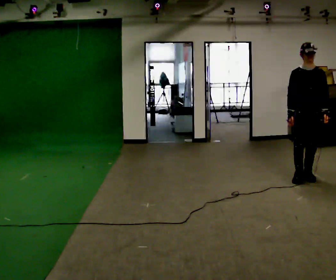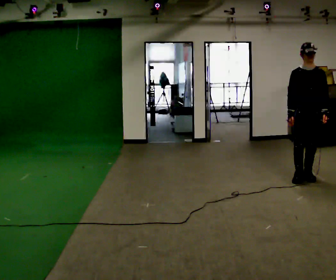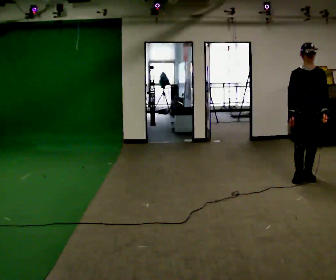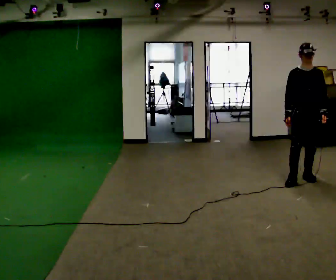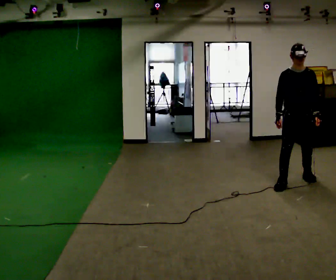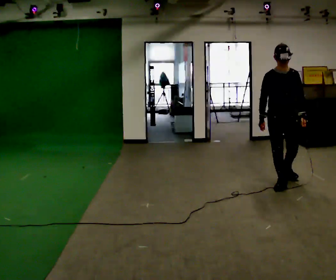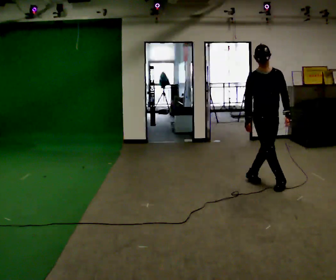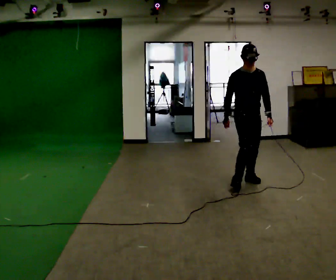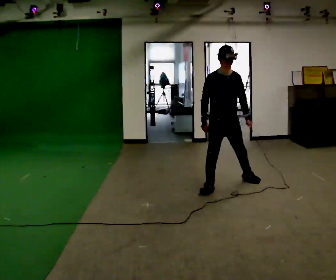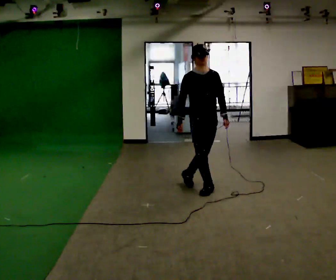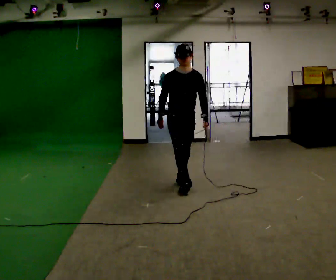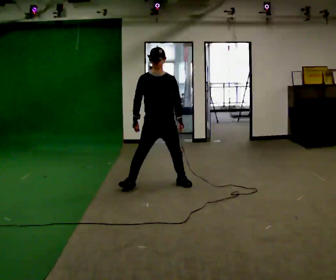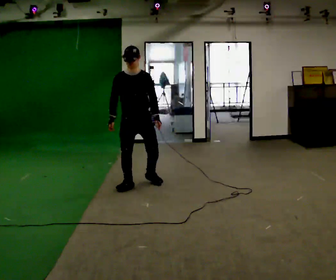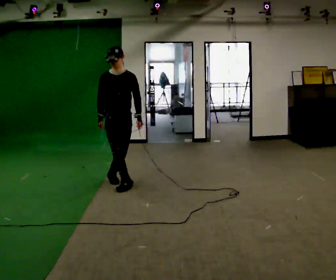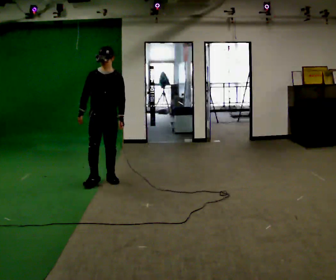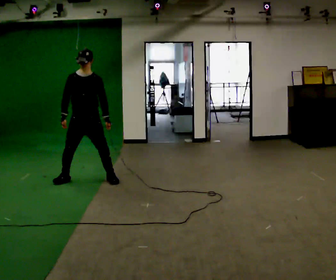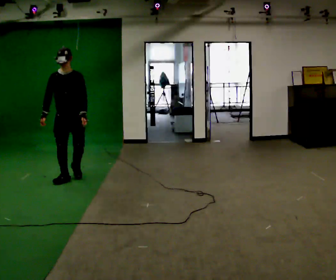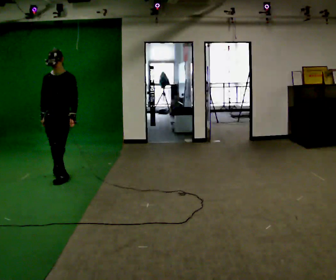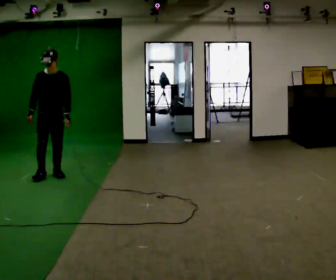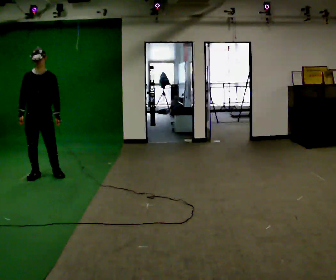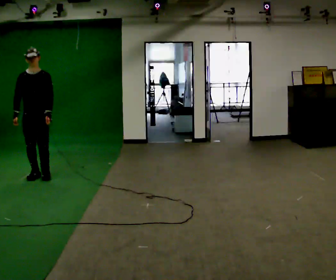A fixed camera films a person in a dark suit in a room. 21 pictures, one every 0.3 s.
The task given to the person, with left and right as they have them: Move sideways in the direction the operator calls, crossing one foot in front and then behind, alternating.
0.0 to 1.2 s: The person moves a little, or ends about where they began.
1.2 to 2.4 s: Seen from above the body turns counterclockwise, about 30 degrees: to their left, with its near side sliding to the right. In the picture they go to the left, about 1 m in 2 steps, which for them is to their right and backward.
2.4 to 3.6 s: In the picture they go to the left, about 1 m in 2 steps, which for them is to their right and backward.
3.6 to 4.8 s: In the picture they go to the left, about 1 m in 2 steps, which for them is to their right and backward.
4.8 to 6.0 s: In the picture they go to the left, about 0.5 m in 2 steps, which for them is to their right.
The film runs forward here.
